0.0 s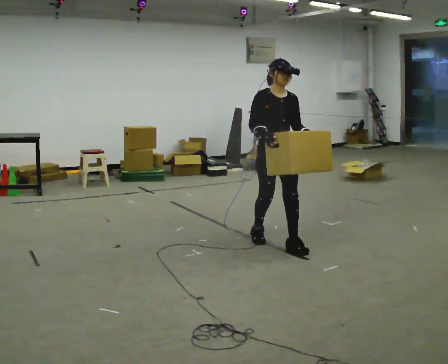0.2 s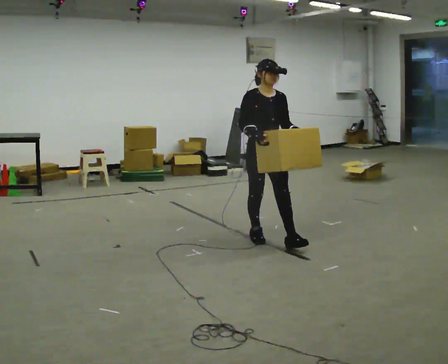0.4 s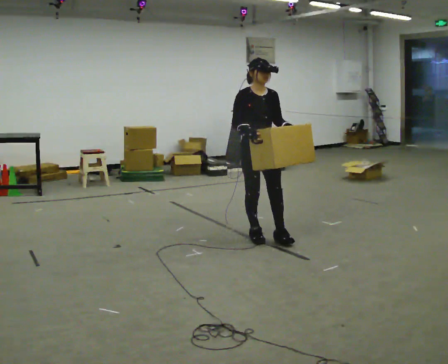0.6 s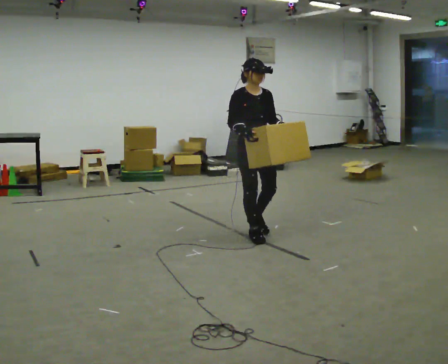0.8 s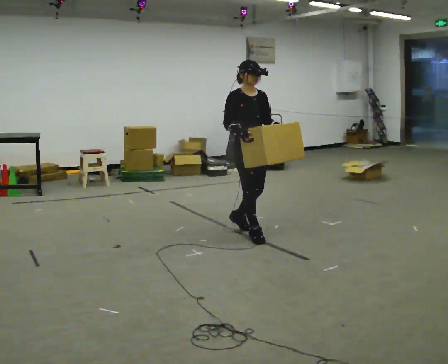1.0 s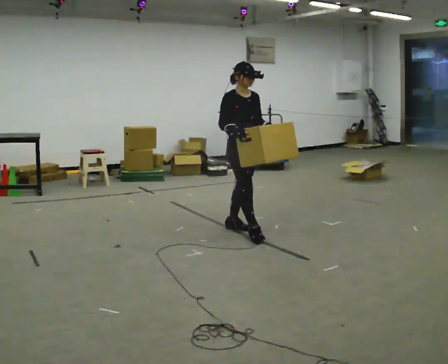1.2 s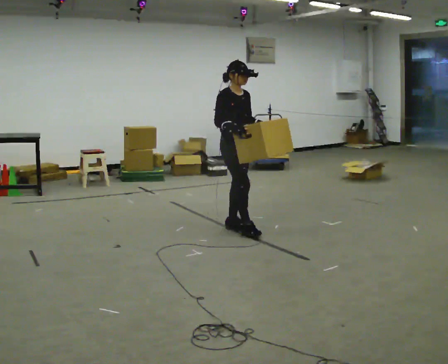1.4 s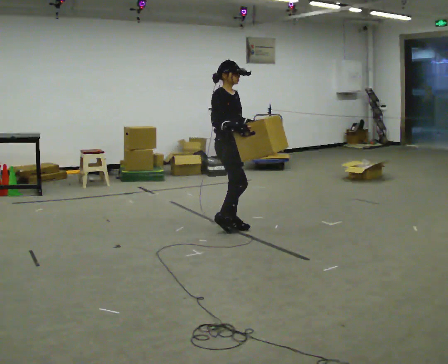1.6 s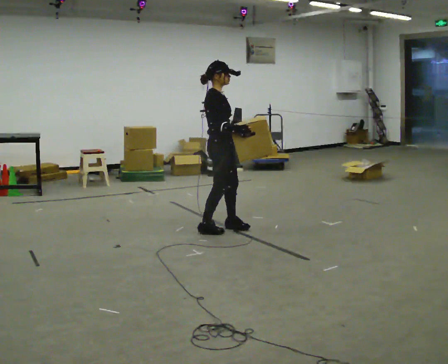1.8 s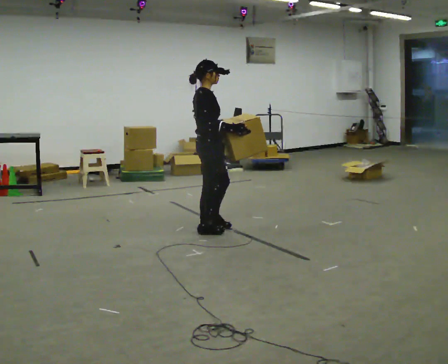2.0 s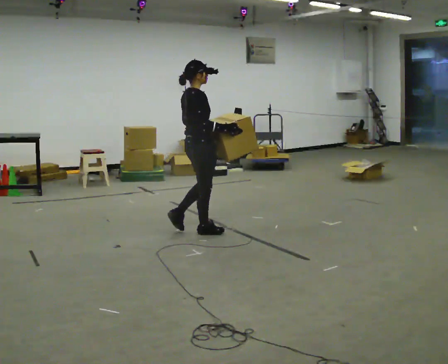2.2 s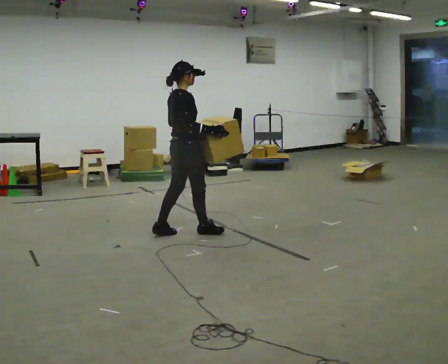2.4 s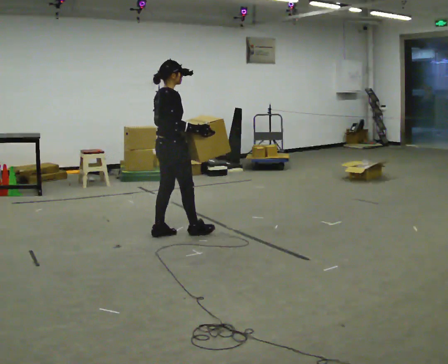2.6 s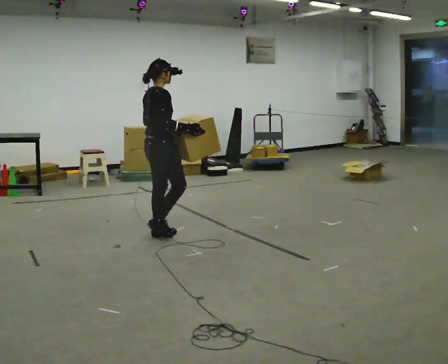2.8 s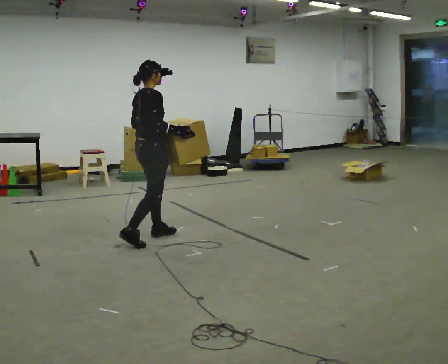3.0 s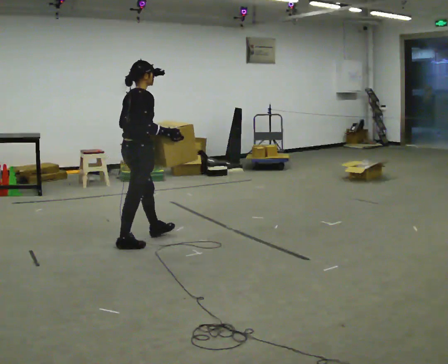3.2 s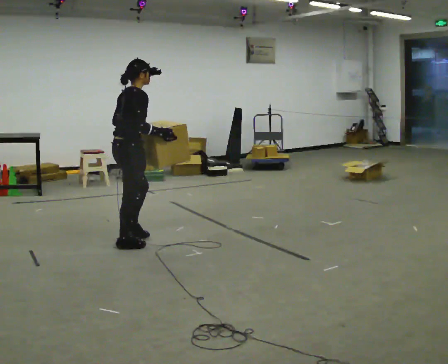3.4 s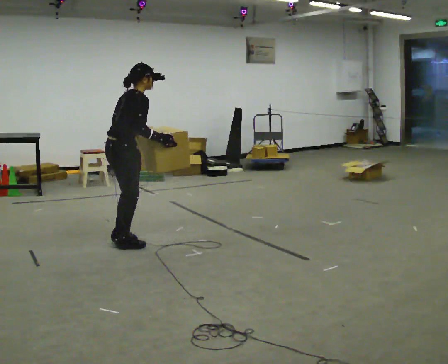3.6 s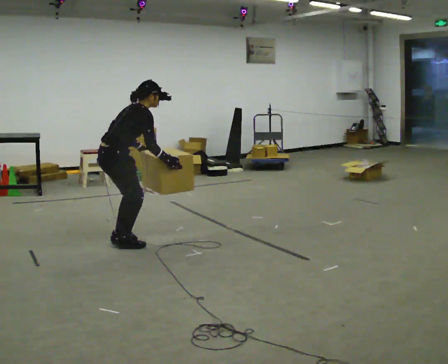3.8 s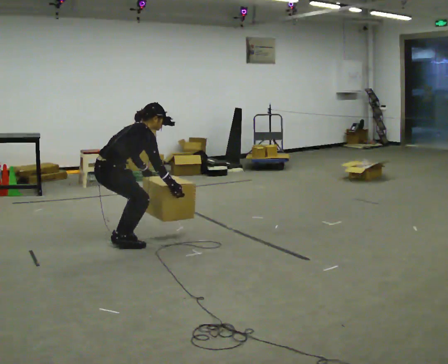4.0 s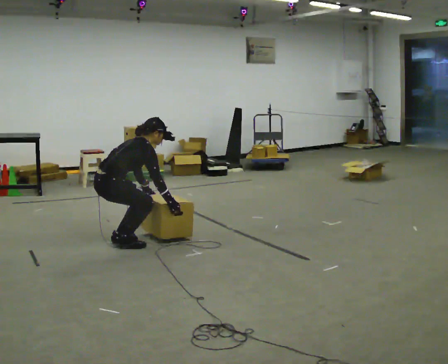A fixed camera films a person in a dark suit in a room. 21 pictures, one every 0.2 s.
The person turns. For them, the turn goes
to their left.
The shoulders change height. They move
downward.
0.0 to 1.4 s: The person turns about 45 degrees to their left, counterclockwise seen from above, so the part of the body nearest the lens slides to the right. In the picture they go away from the camera and to the left, about 0.5 m in 2 steps, which for them is backward.
1.4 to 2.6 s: The part of the body nearest the lens slides to the right as the person turns to their left by about 60 degrees. In the picture they go to the left and toward the camera, about 0.75 m in 2 steps, which for them is backward.
2.6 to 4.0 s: In the picture they go to the left and toward the camera, about 0.5 m in 1 step, which for them is backward. The shoulders move downward. In the picture the upper body tilts clockwise, shoulders to the right, as they bend forward. In the picture their right hand goes downward.
The film runs backward here.
